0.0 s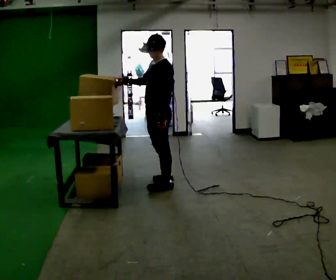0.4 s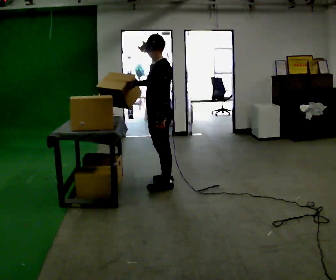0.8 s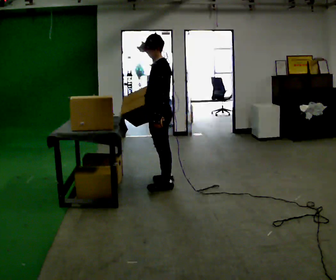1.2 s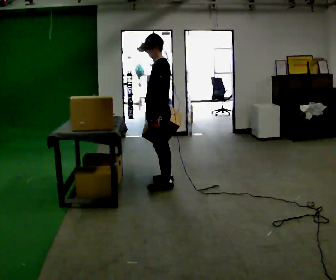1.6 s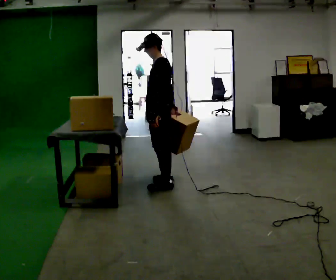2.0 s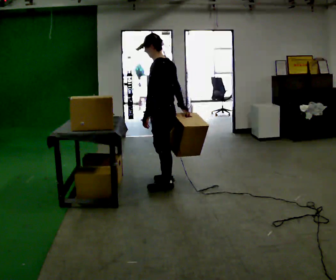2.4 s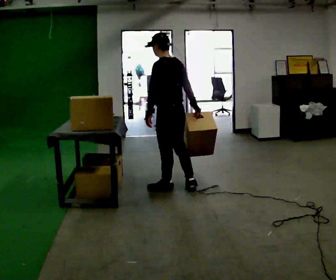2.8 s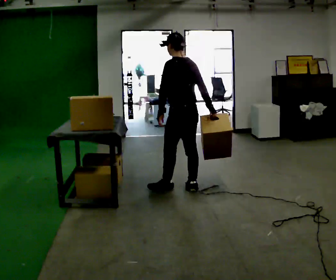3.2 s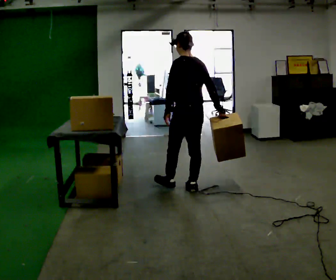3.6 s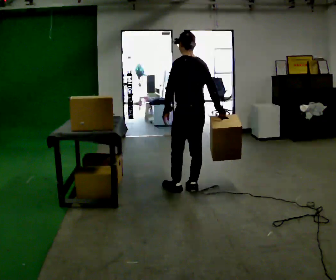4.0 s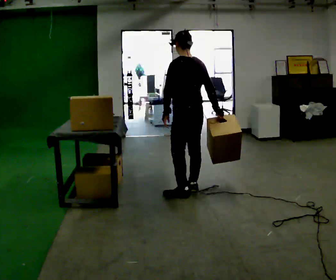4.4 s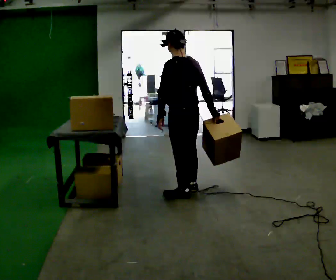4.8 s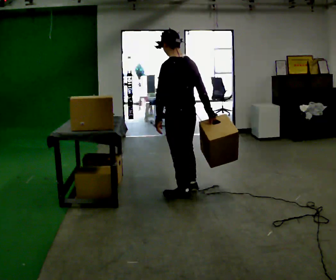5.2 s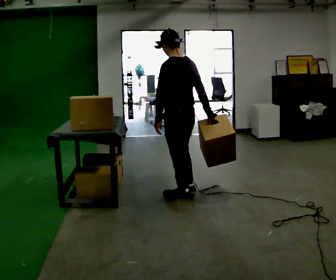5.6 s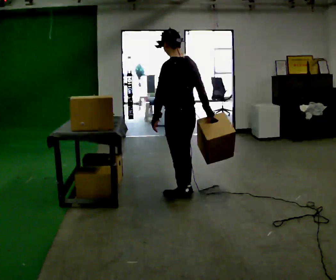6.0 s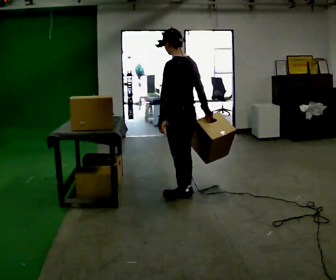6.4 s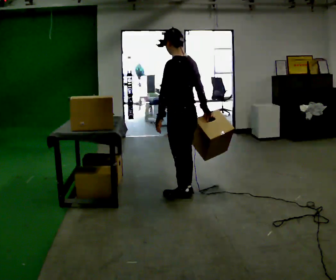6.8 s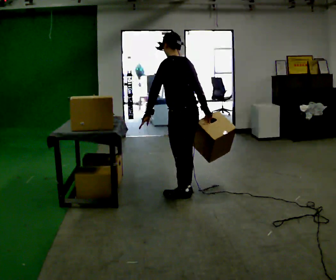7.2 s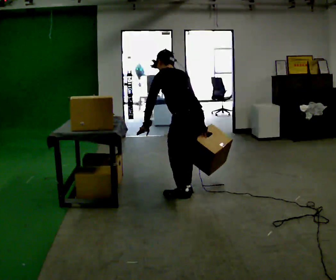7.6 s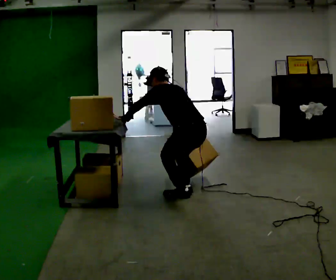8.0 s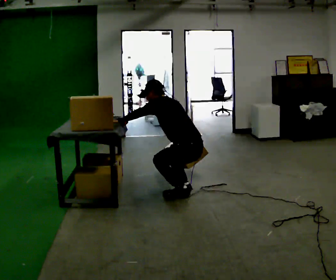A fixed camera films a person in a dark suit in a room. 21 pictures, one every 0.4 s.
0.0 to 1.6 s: In the picture their right hand goes to the right, the arm swinging counterclockwise.
1.6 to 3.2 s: The person turns about 45 degrees to their right, clockwise seen from above, so the part of the body nearest the lens slides to the left. In the picture they go to the right, about 0.25 m in 1 step, which for them is backward.
3.2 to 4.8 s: In the picture they go toward the camera, about 0.25 m in 1 step, which for them is to their left.
4.8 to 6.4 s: The person moves a little, or ends about where they began.
6.4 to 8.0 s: The shoulders move downward. In the picture the upper body tilts counterclockwise, shoulders to the left, as they bend forward. In the picture their left hand goes to the left, the arm swinging clockwise.
The film runs backward here.
